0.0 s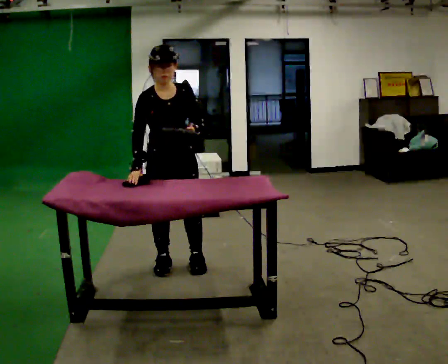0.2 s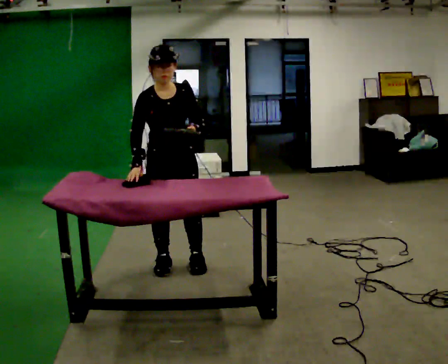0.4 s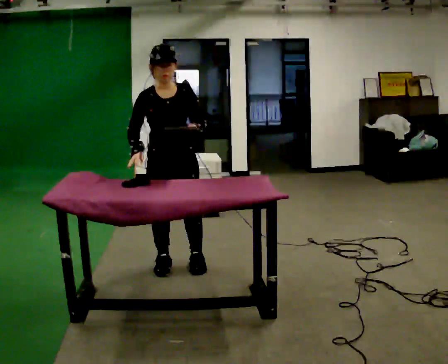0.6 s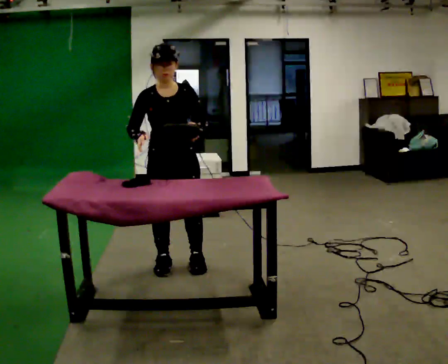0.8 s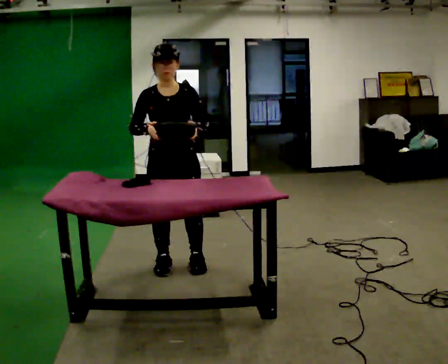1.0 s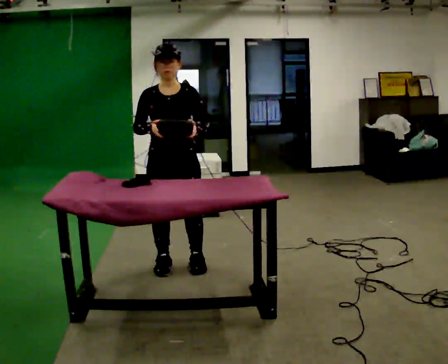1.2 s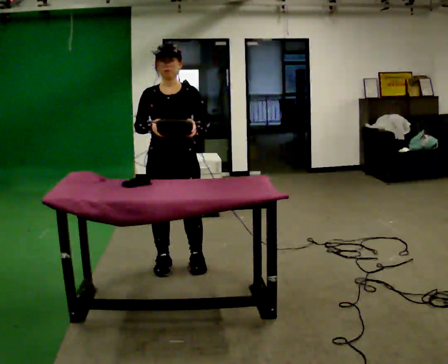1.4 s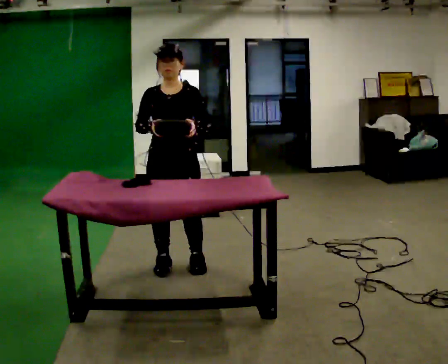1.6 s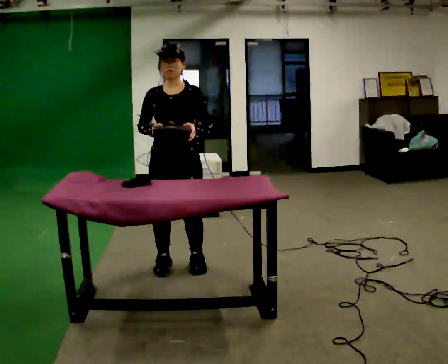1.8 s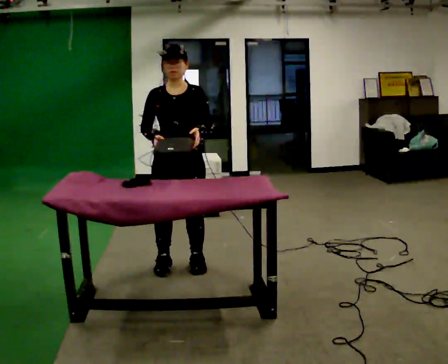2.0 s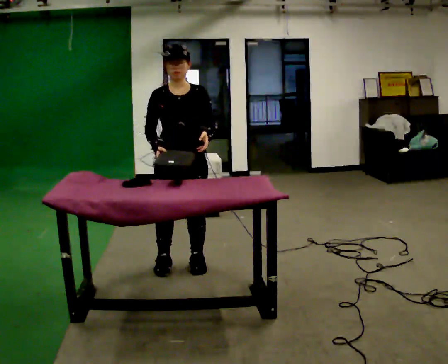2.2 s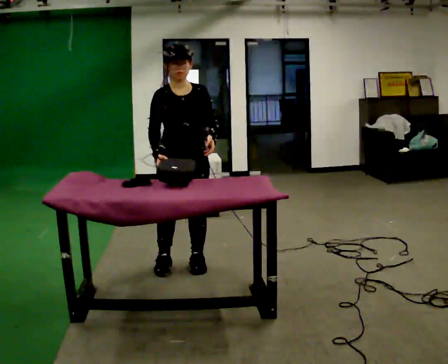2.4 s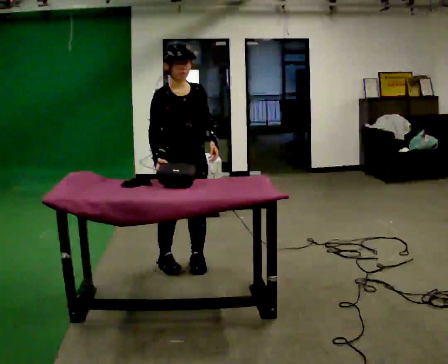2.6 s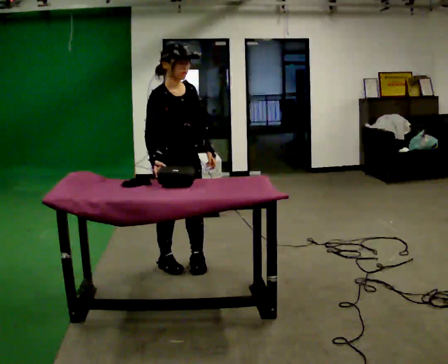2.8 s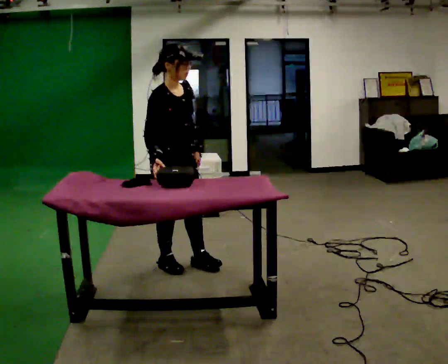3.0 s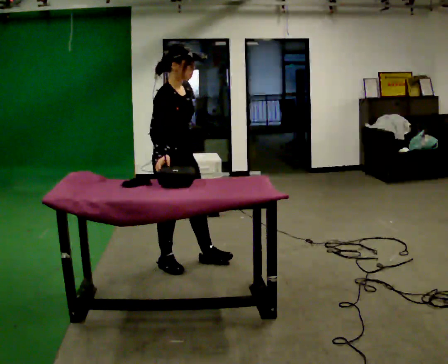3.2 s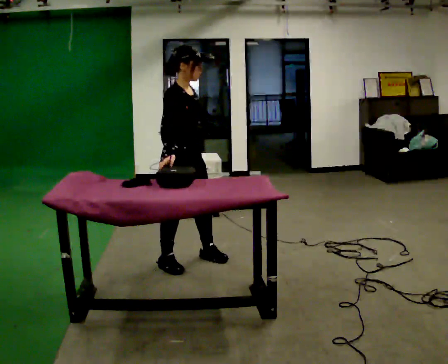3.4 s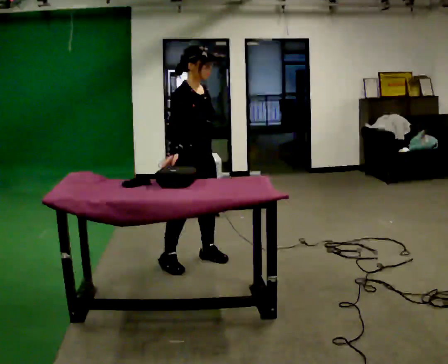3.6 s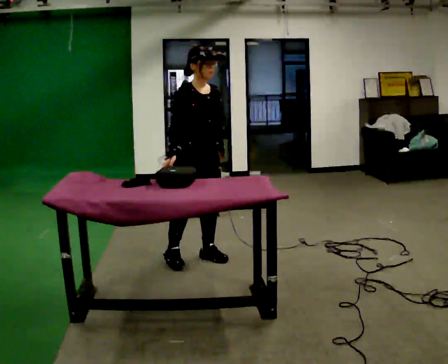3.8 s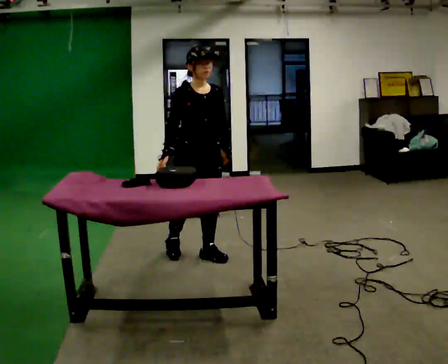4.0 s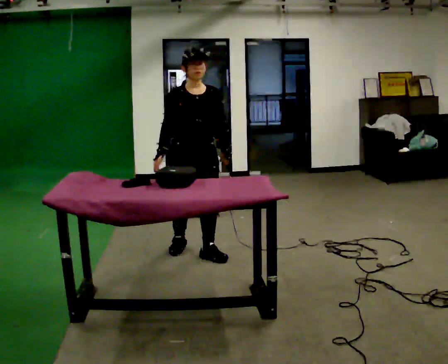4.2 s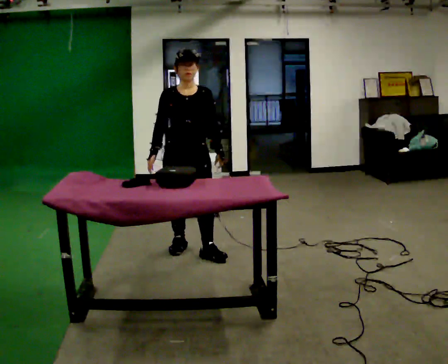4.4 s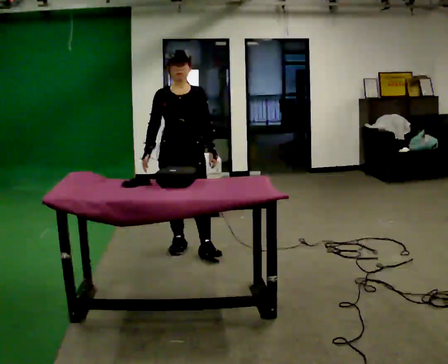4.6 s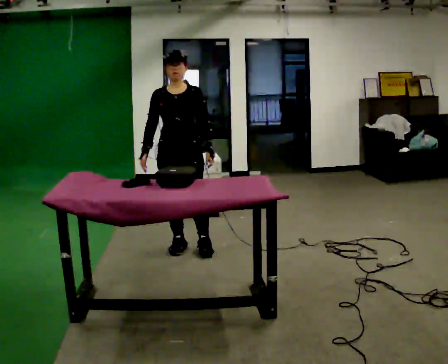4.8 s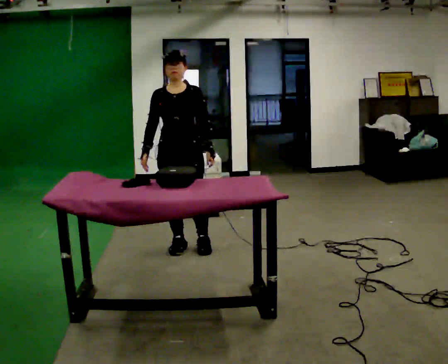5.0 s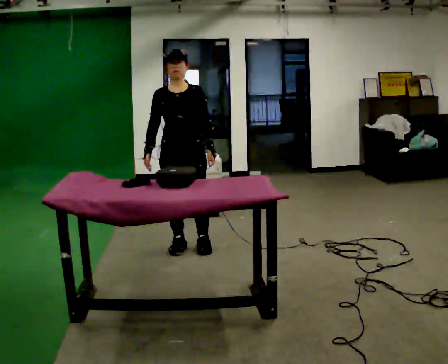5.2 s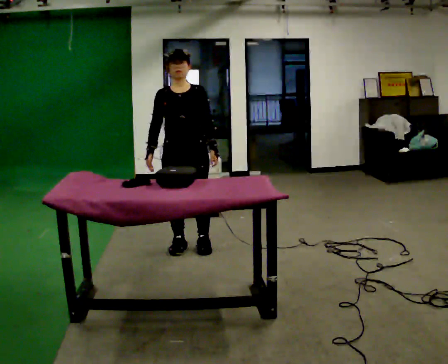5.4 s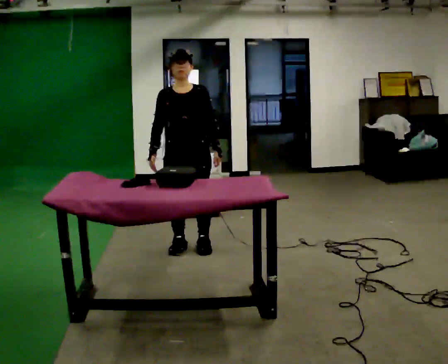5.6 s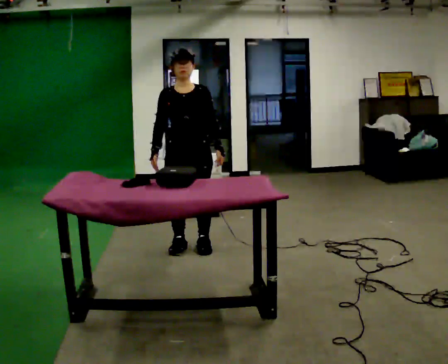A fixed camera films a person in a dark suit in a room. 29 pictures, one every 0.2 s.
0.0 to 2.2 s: The person moves a little, or ends about where they began.
2.2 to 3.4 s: Seen from above the body turns counterclockwise, about 30 degrees: to their left, with its near side sliding to the right. In the picture they go away from the camera, about 0.25 m in 1 step, which for them is to their left.
3.4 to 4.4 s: The part of the body nearest the lens slides to the left as the person turns to their right by about 45 degrees. In the picture they go away from the camera, about 0.25 m in 1 step, which for them is backward.
4.4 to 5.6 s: The person moves a little, or ends about where they began.
The film runs forward here.
